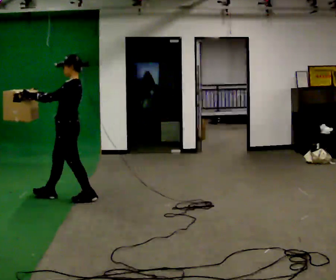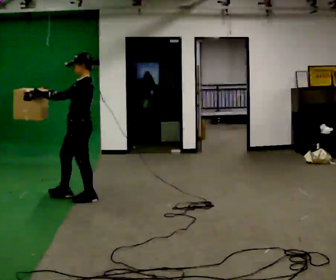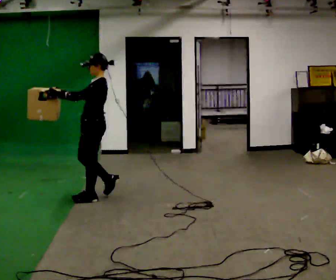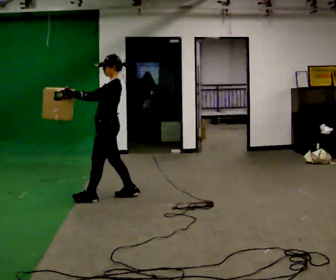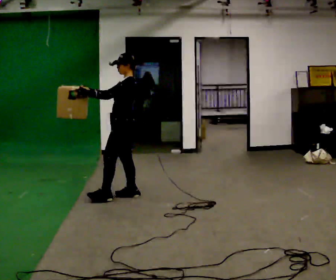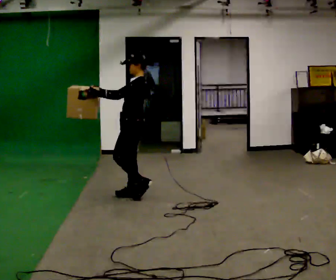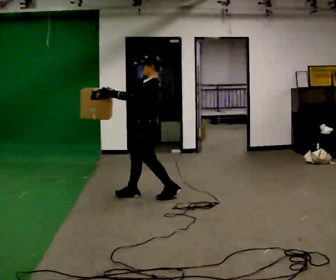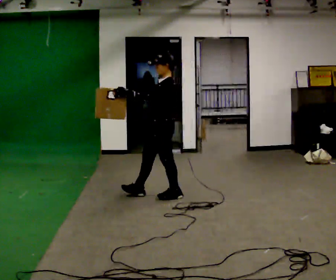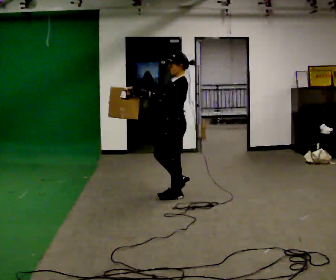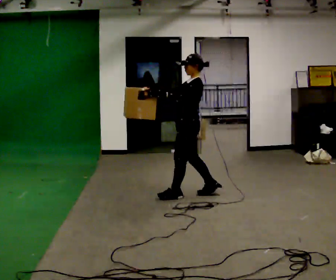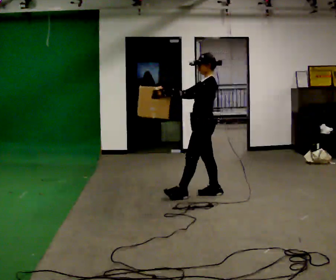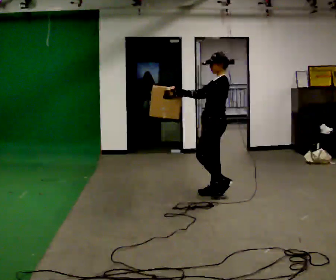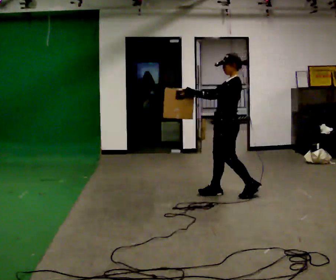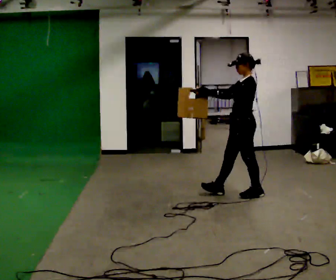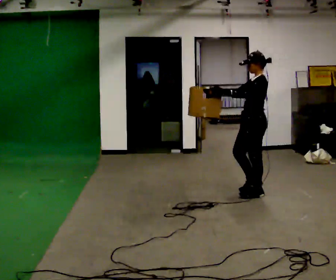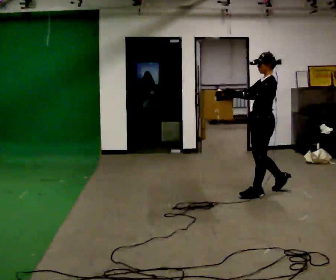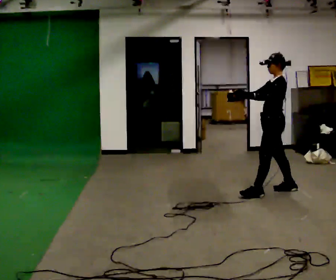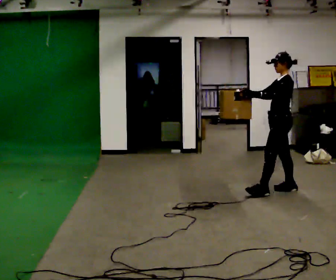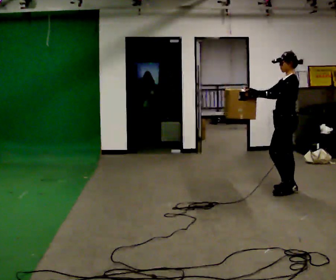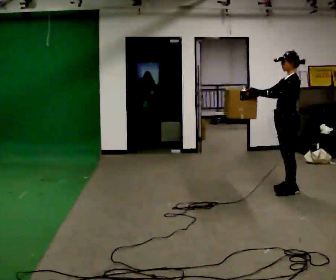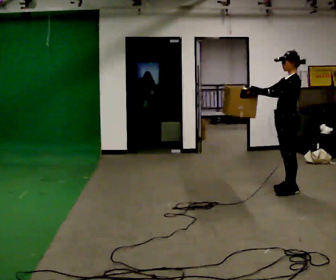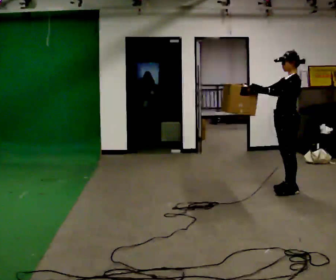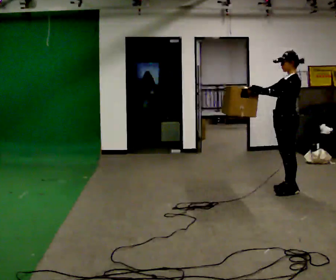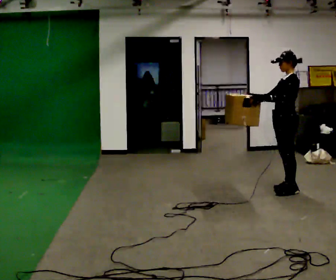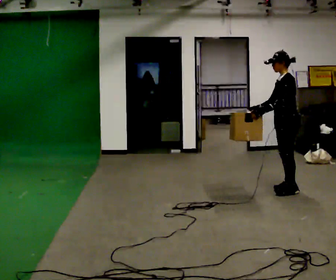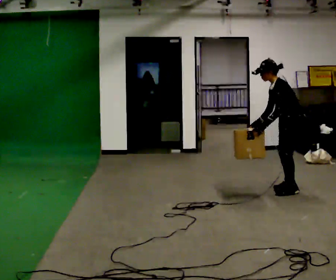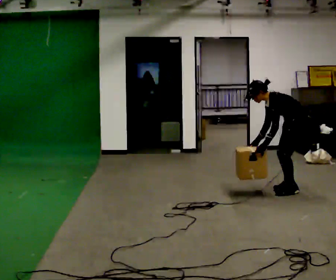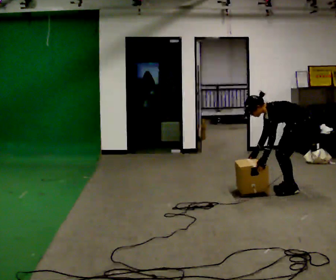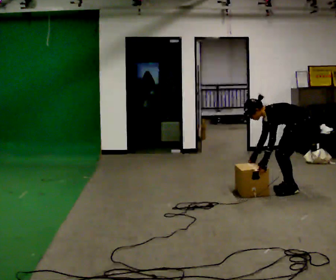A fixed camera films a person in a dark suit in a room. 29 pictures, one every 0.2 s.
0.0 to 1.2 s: In the picture they go to the right and away from the camera, about 1 m in 2 steps, which for them is backward.
1.2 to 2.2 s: In the picture they go to the right, about 0.5 m in 2 steps, which for them is backward.
2.2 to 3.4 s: In the picture they go to the right, about 0.5 m in 2 steps, which for them is backward.
3.4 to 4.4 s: The person moves a little, or ends about where they began.
4.4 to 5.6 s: The shoulders move downward. In the picture the upper body tilts counterclockwise, shoulders to the left, as they bend forward. In the picture their left hand goes downward, the arm swinging counterclockwise.
The film runs backward here.
